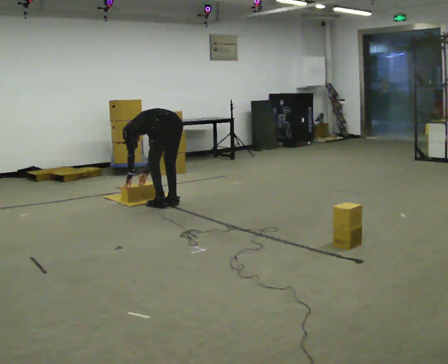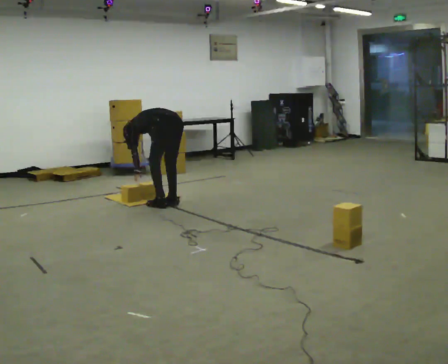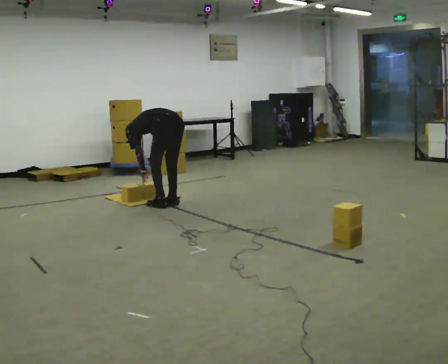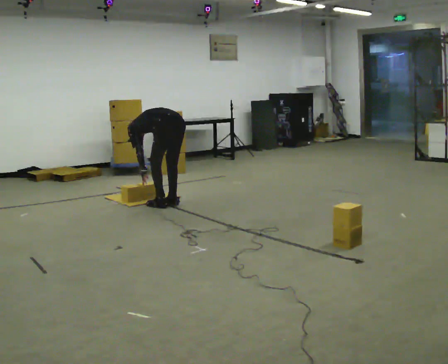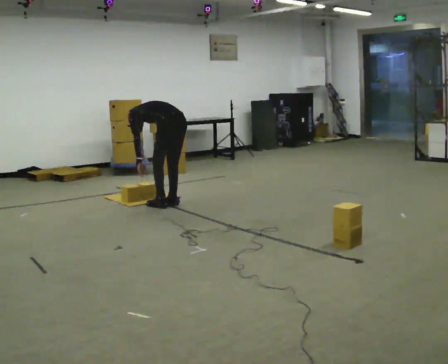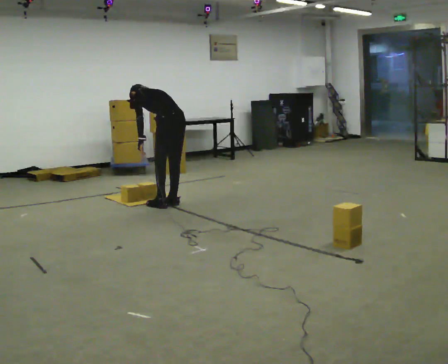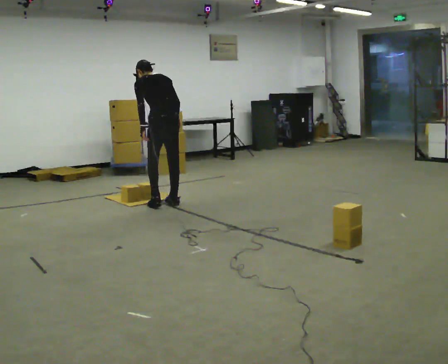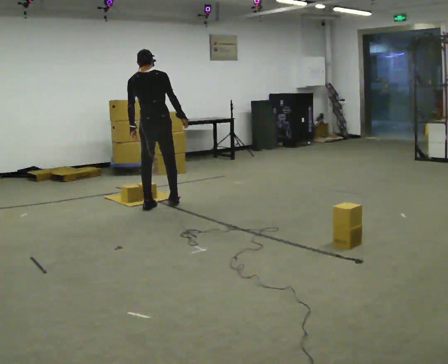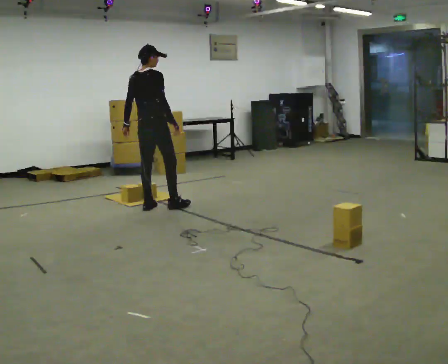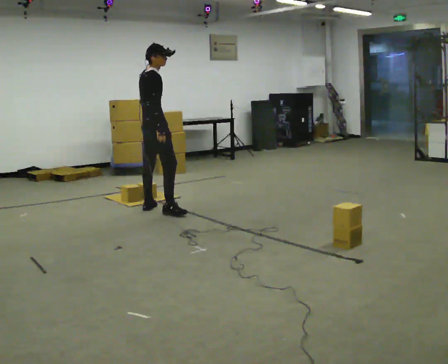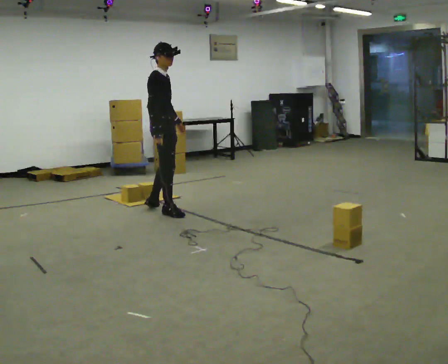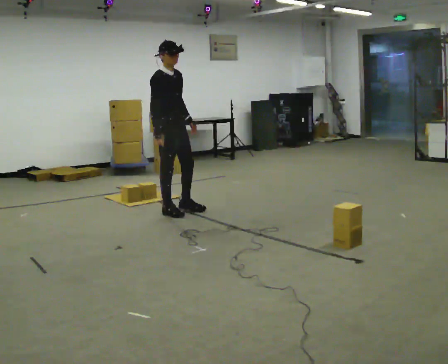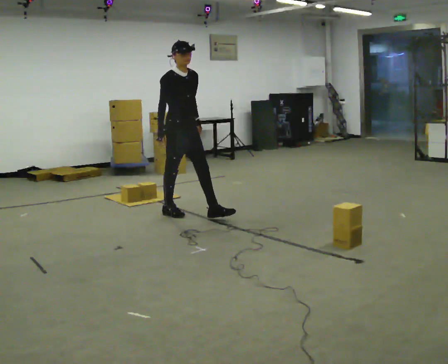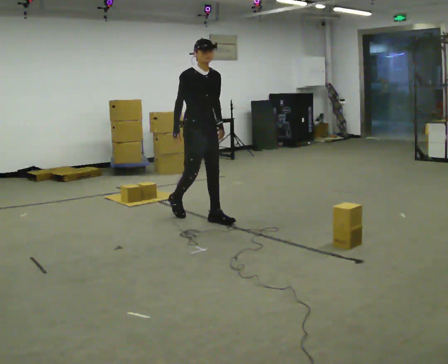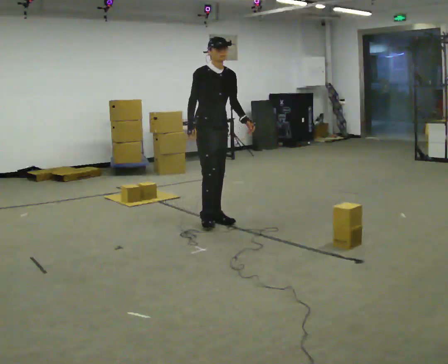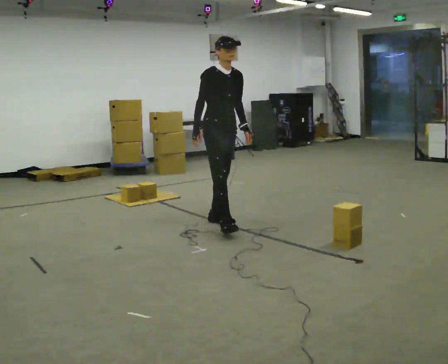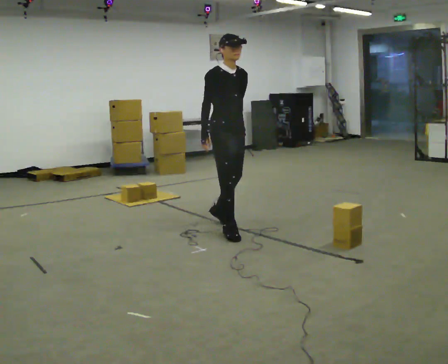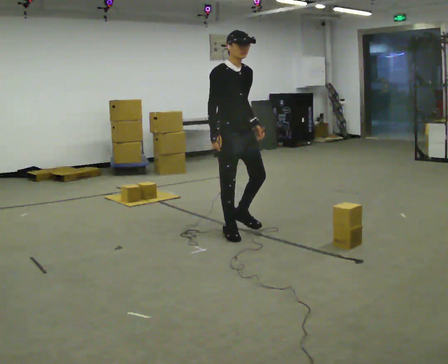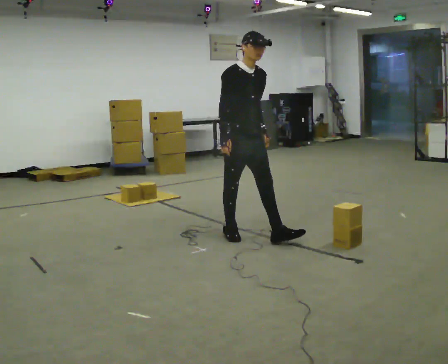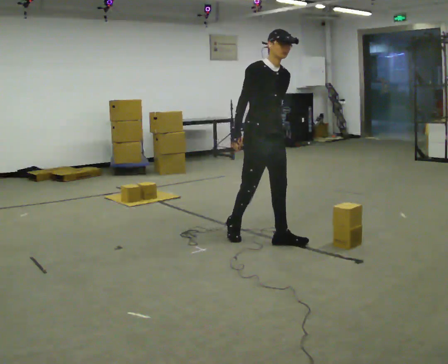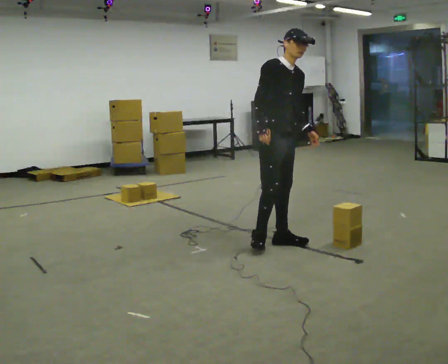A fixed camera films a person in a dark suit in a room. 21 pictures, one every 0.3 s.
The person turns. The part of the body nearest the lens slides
to the left.
The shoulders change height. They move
upward.
0.0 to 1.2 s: In the picture the upper body tilts clockwise, shoulders to the right, as they lean back or straighten.
1.2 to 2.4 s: The part of the body nearest the lens slides to the left as the person turns to their right by about 90 degrees. In the picture they go to the left, about 0.25 m in 1 step. The upper body goes upward. In the picture the upper body tilts clockwise, shoulders to the right, as they lean back or straighten. In the picture their left hand goes upward.
2.4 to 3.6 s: Seen from above the body turns clockwise, about 105 degrees: to their right, with its near side sliding to the left. In the picture they go to the right and toward the camera, about 0.5 m in 1 step.
3.6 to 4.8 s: In the picture they go toward the camera and to the right, about 0.75 m in 2 steps, which for them is forward.
4.8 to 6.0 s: In the picture they go toward the camera and to the right, about 0.5 m in 1 step, which for them is forward.
The film runs forward here.
